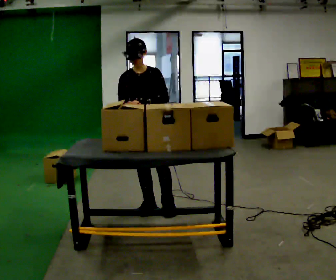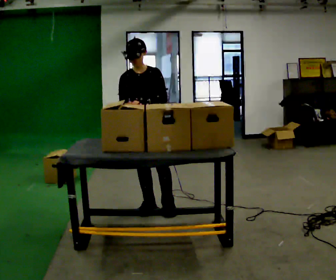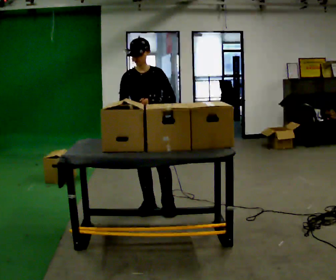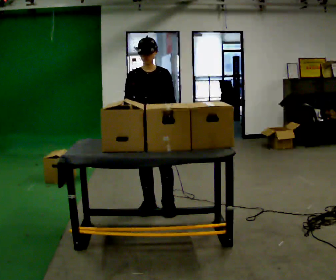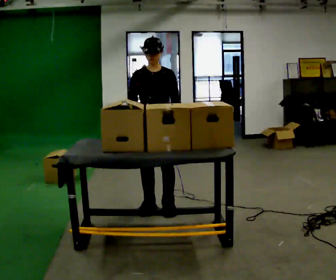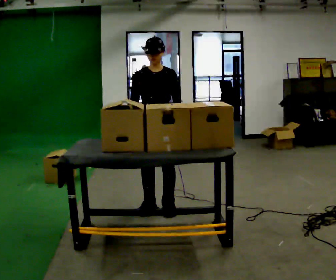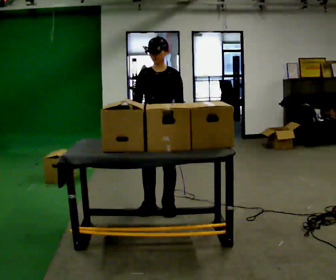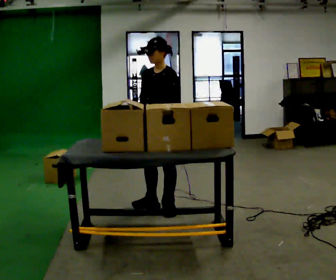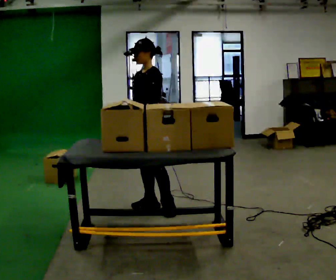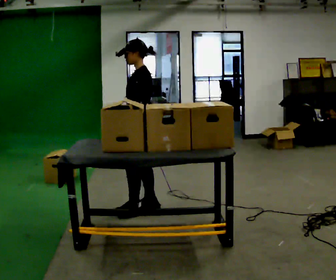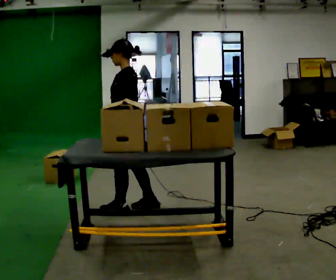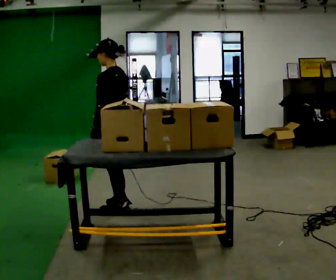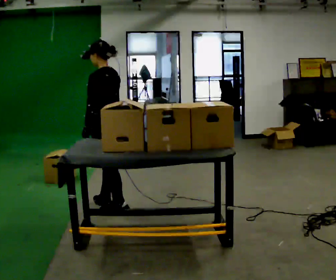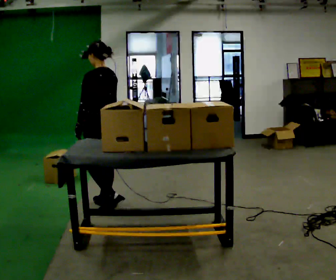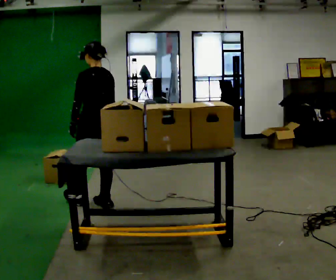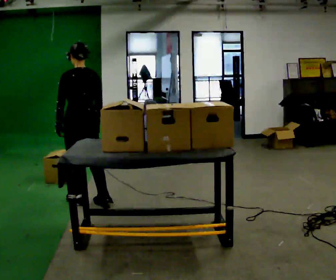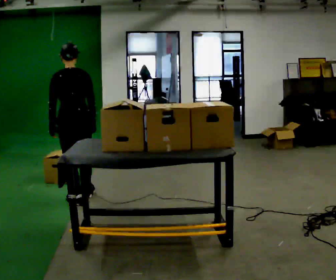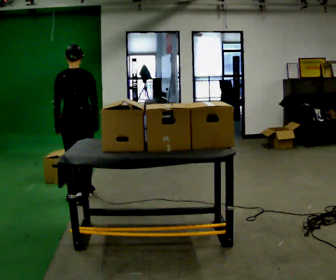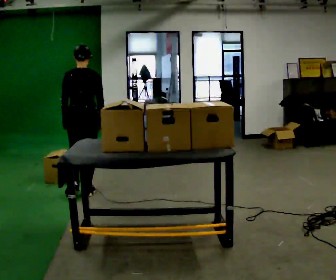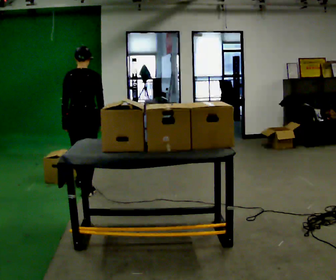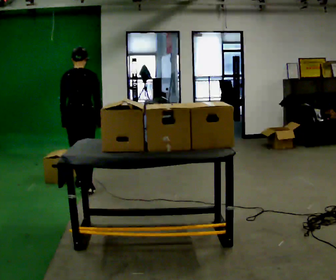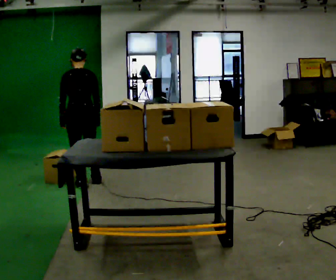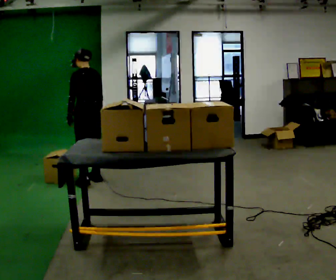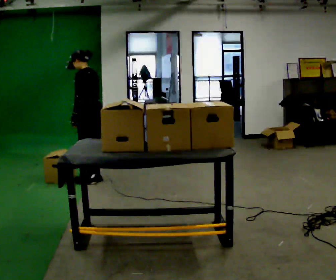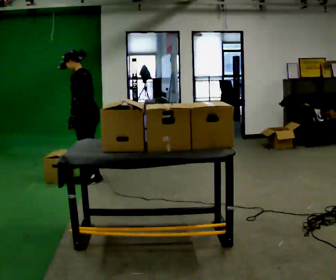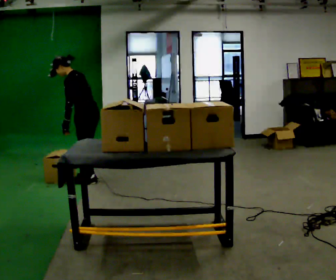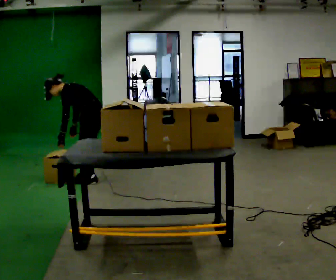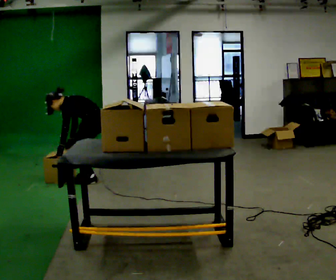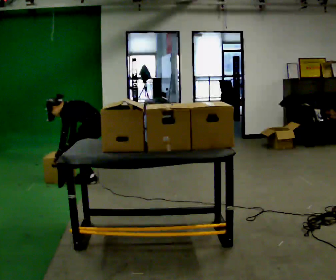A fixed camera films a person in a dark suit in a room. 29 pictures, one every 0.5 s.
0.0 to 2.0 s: The person moves a little, or ends about where they began.
2.0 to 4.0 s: Seen from above the body turns clockwise, about 60 degrees: to their right, with its near side sliding to the left.
4.0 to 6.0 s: Seen from above the body turns clockwise, about 60 degrees: to their right, with its near side sliding to the left. In the picture they go to the left, about 0.25 m in 2 steps, which for them is forward.
6.0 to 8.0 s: Seen from above the body turns clockwise, about 45 degrees: to their right, with its near side sliding to the left. In the picture they go to the left and away from the camera, about 0.5 m in 1 step, which for them is forward.
8.0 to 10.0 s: In the picture they go away from the camera, about 0.5 m in 2 steps, which for them is forward.
10.0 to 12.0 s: The part of the body nearest the lens slides to the right as the person turns to their left by about 75 degrees. In the picture they go away from the camera, about 0.25 m in 2 steps.
12.0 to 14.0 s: The shoulders move downward. In the picture the upper body tilts counterclockwise, shoulders to the left, as they bend forward. In the picture their right hand goes downward.
The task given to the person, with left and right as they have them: Pick up the next box in the row and carry it to the table. The operator will not tell you how heavy each one is. Keep going until the operator says stop; one object at a time, and do not rush between trips.
The film runs forward here.
